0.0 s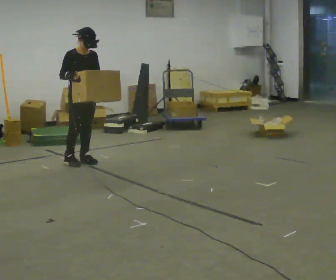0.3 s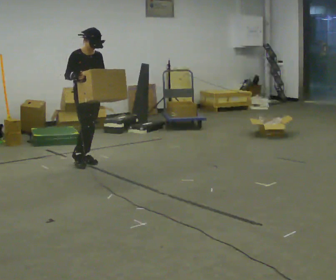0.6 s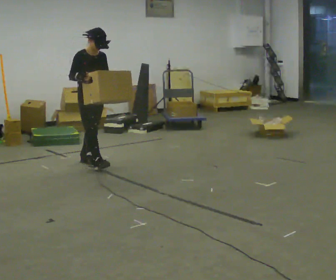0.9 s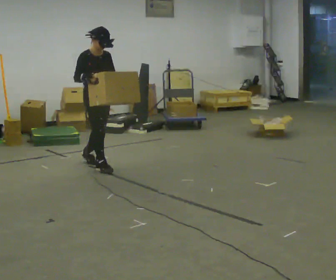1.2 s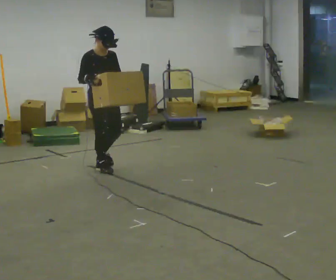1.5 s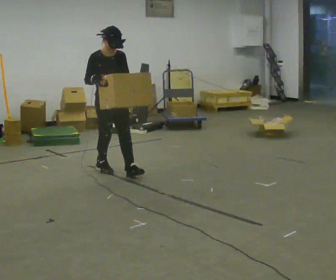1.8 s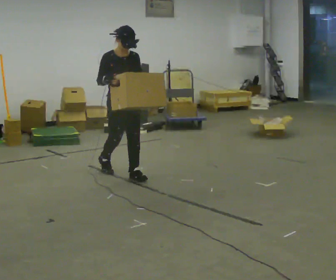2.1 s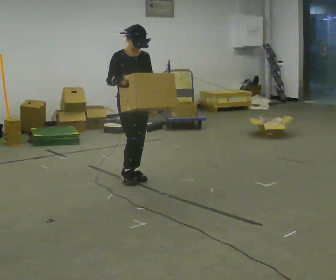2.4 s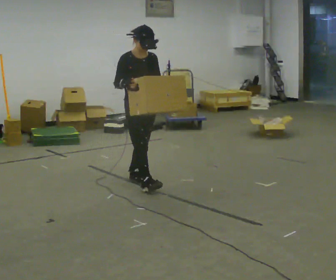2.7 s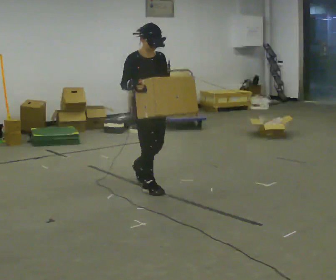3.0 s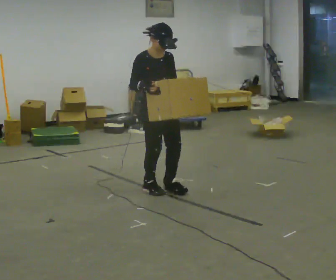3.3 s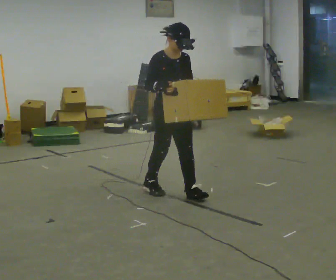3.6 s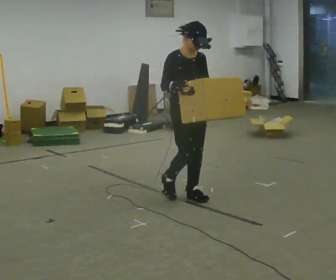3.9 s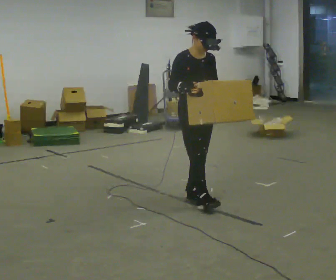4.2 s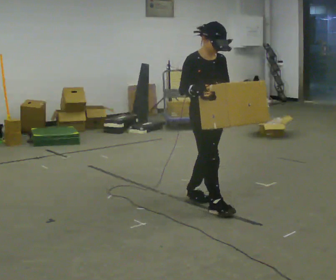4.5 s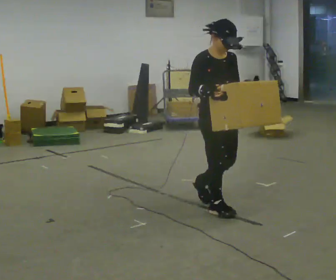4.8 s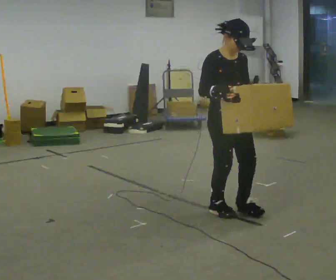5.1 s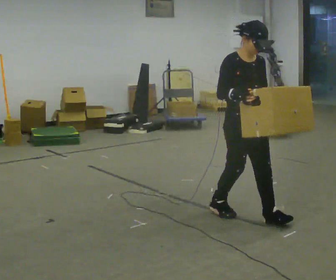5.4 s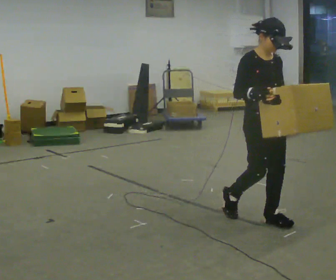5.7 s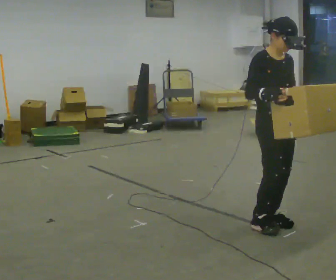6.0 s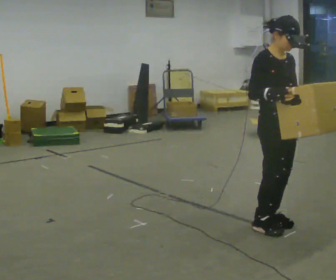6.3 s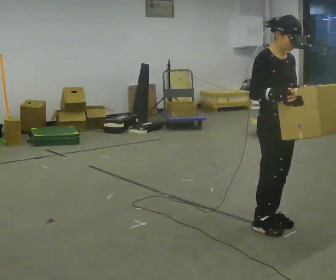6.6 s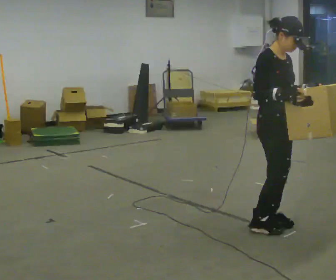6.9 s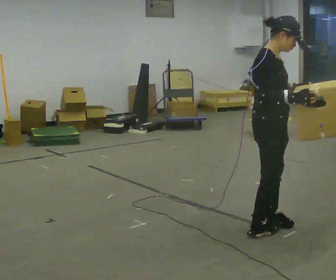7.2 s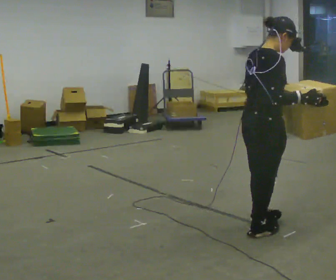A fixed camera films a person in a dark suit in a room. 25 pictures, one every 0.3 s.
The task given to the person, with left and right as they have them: Carry the box and, while you are still walking, turn it so you can read the label, read it out loud, then carry on. Repeat with the next box. Do not stop to read it.
0.0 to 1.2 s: In the picture they go toward the camera and to the right, about 0.5 m in 1 step, which for them is forward.
1.2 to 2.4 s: In the picture they go toward the camera and to the right, about 0.5 m in 2 steps, which for them is forward.
2.4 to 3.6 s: In the picture they go toward the camera and to the right, about 0.5 m in 1 step, which for them is forward.
3.6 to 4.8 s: In the picture they go toward the camera and to the right, about 0.5 m in 1 step, which for them is forward.
4.8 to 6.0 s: In the picture they go toward the camera and to the right, about 0.5 m in 2 steps, which for them is forward.
6.0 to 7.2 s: Seen from above the body turns counterclockwise, about 75 degrees: to their left, with its near side sliding to the right.
The film runs forward here.
